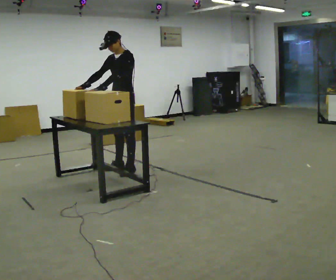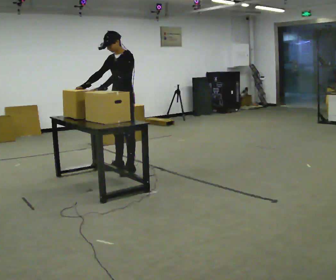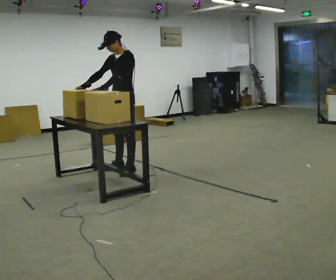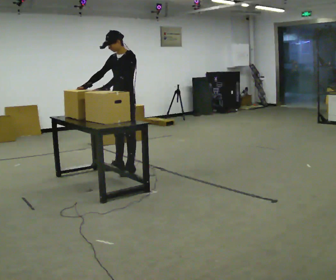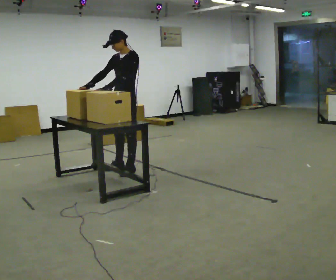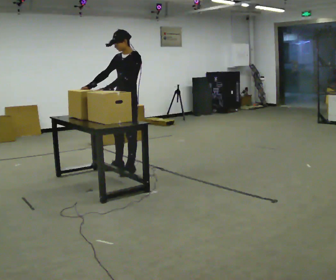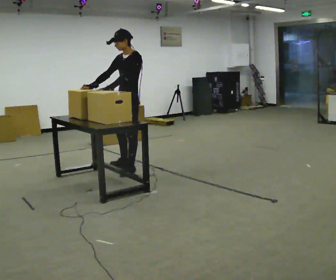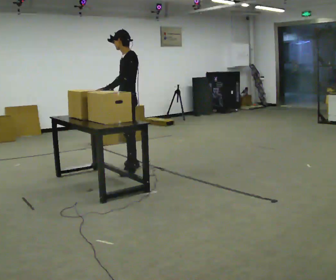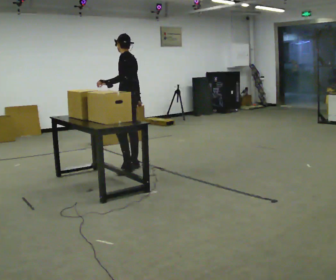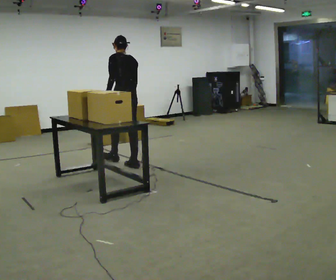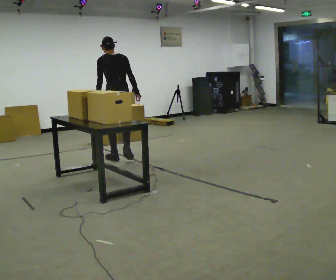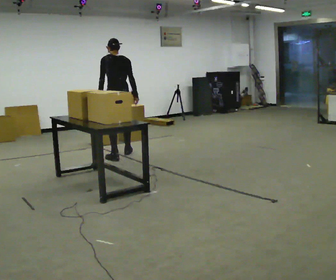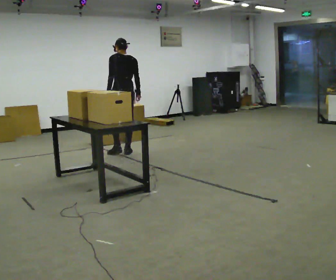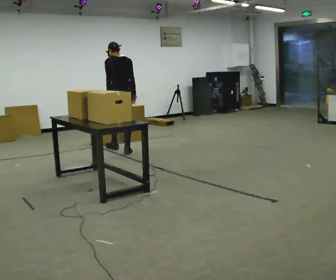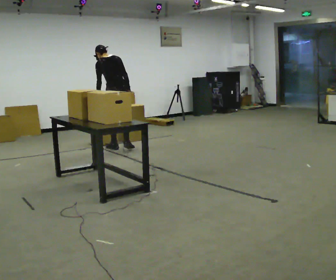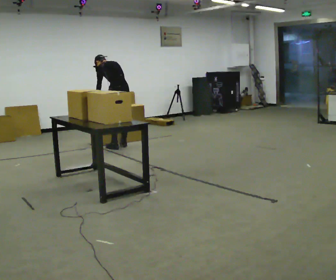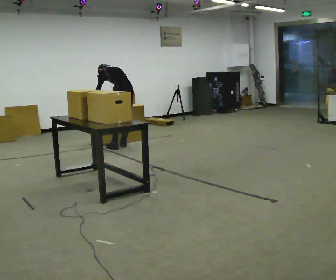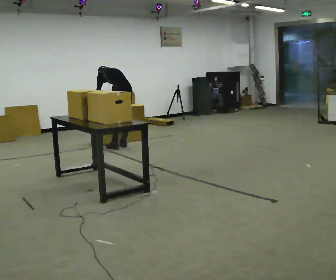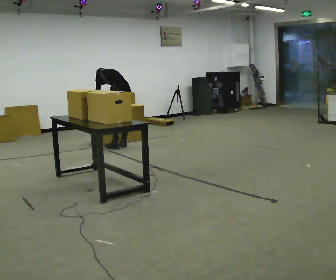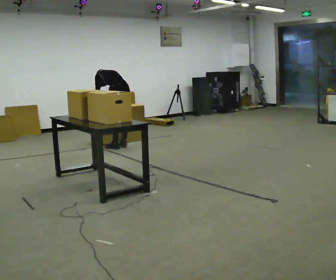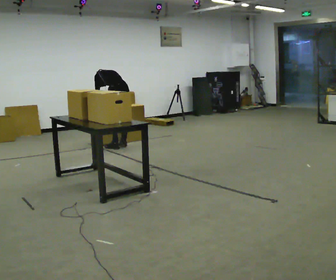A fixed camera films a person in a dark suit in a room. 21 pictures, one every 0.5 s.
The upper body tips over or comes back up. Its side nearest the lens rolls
upward.
The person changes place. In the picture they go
away from the camera.
0.0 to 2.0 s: The person moves a little, or ends about where they began.
2.0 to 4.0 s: The person turns about 60 degrees to their right, clockwise seen from above, so the part of the body nearest the lens slides to the left. In the picture they go away from the camera, about 0.25 m in 1 step, which for them is to their right. In the picture their right hand goes to the right, the arm swinging counterclockwise.
4.0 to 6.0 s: The person turns about 60 degrees to their right, clockwise seen from above, so the part of the body nearest the lens slides to the left. In the picture they go away from the camera, about 0.5 m in 2 steps.
6.0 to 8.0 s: In the picture they go away from the camera, about 0.5 m in 2 steps, which for them is forward and to their right. The shoulders move downward. The upper body tips away from the camera, its near side rolling upward, as they bend forward.
8.0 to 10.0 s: The person moves a little, or ends about where they began.
The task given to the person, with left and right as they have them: Bring the boxes over one at a time and stack them on top of each other, walking back for each one. Keep going until the operator says stop; one object at a time, and do not rush between trips.
The film runs forward here.
